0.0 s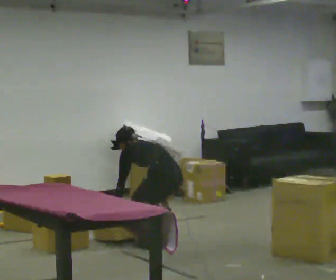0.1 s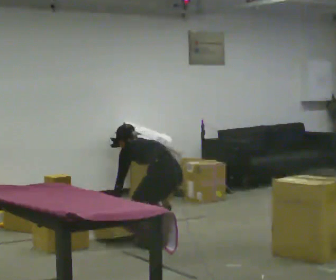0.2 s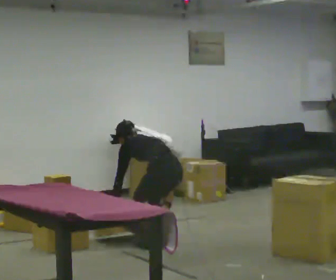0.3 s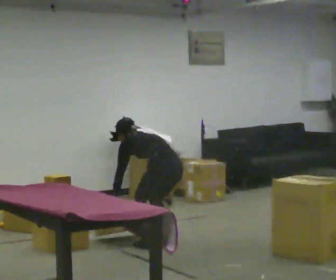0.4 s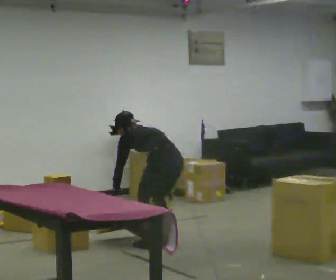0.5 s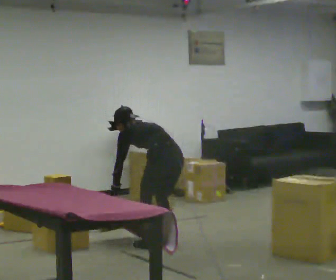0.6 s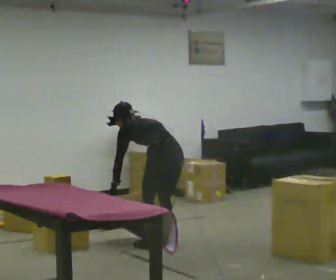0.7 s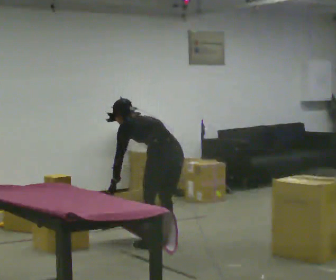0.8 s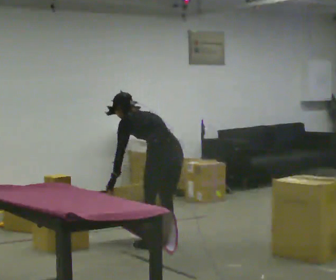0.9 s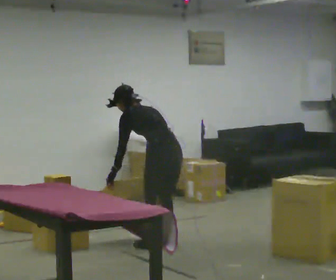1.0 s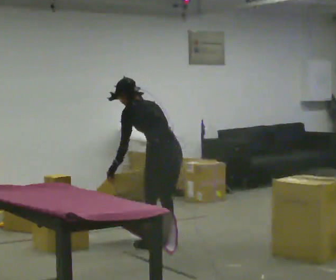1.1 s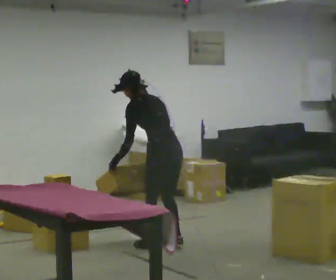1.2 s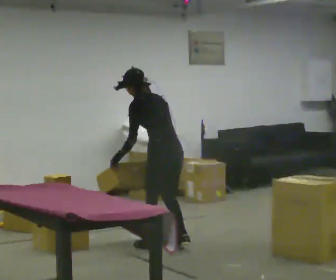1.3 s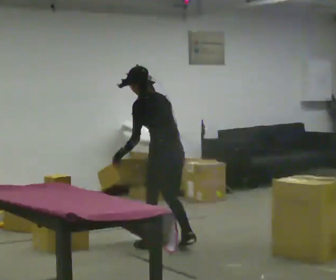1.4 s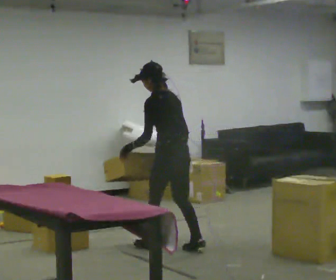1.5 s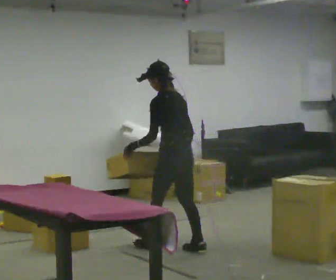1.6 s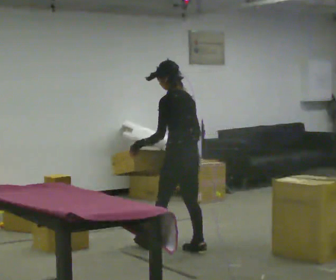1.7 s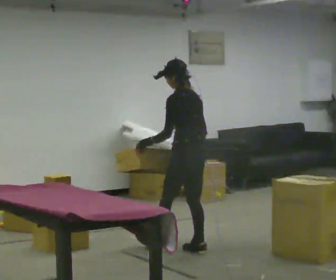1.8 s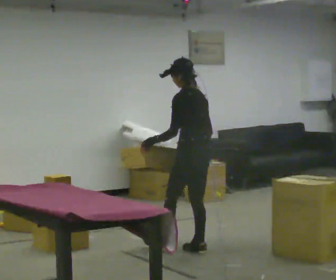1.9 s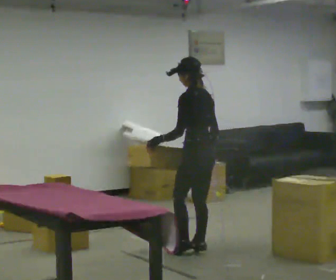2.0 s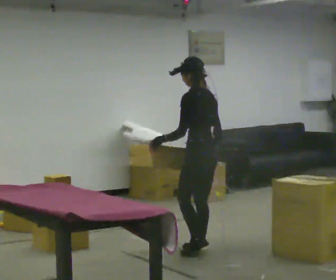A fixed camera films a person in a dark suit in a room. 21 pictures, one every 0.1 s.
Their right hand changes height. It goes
upward.
The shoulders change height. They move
upward.
0.0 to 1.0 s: The upper body goes upward. The upper body tips toward the camera, its near side rolling downward, as they lean back or straighten. In the picture their right hand goes upward.
1.0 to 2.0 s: In the picture they go to the right, about 0.25 m in 2 steps, which for them is backward and to their right. In the picture the upper body tilts clockwise, shoulders to the right, as they lean back or straighten.
The film runs backward here.
